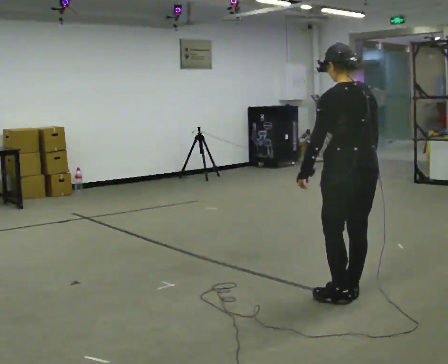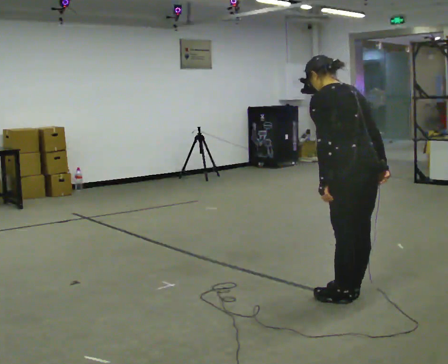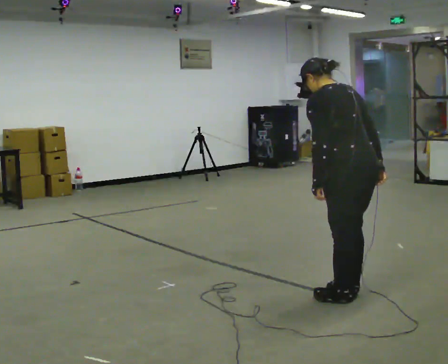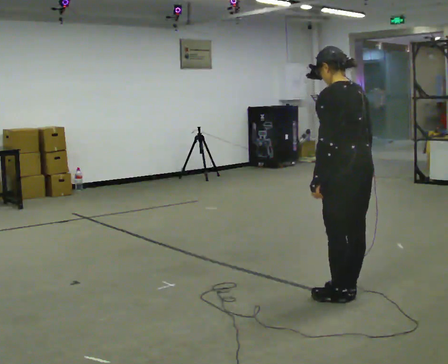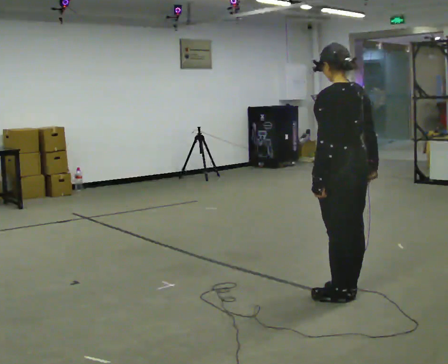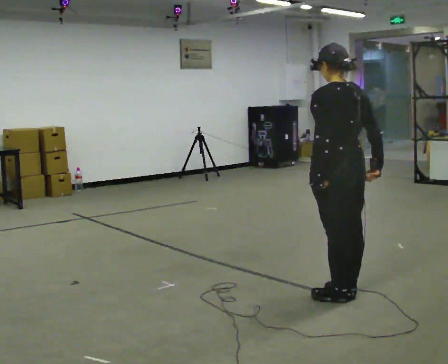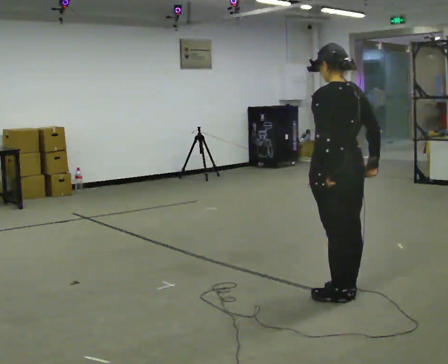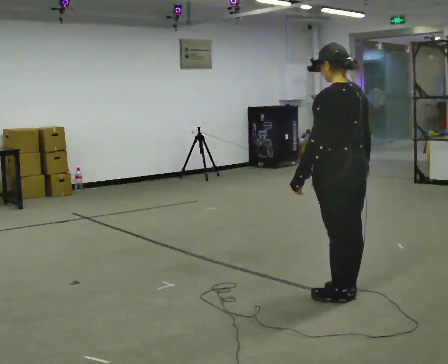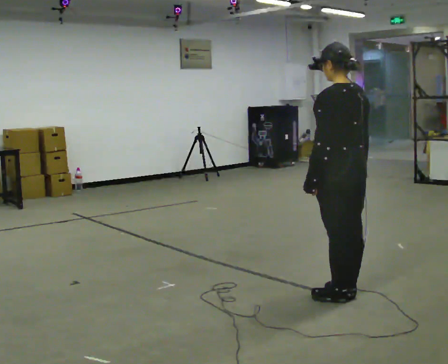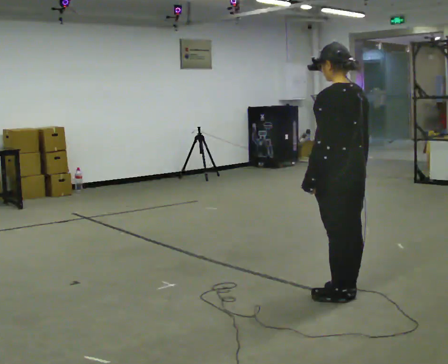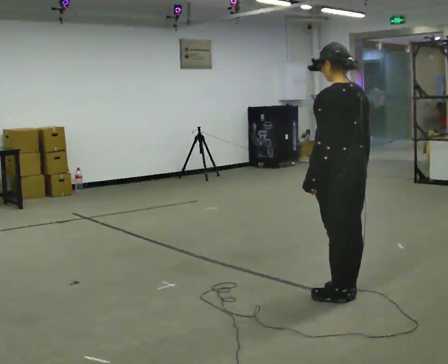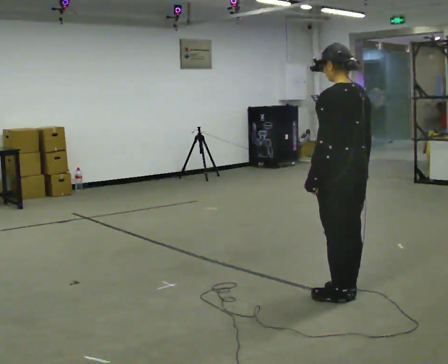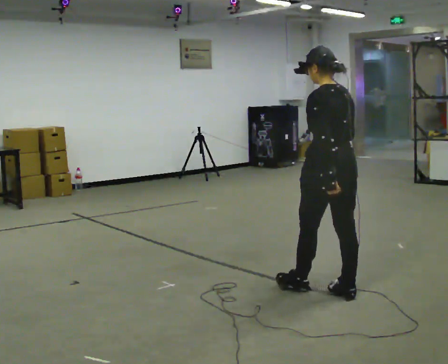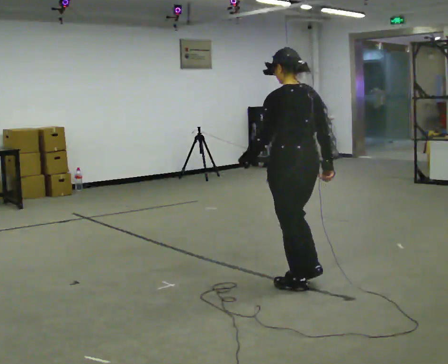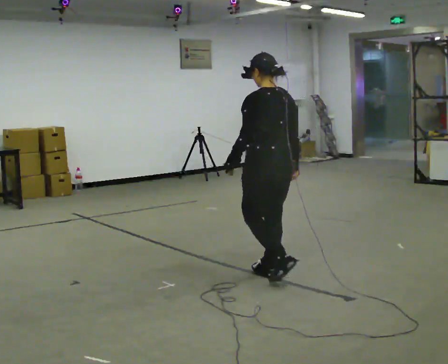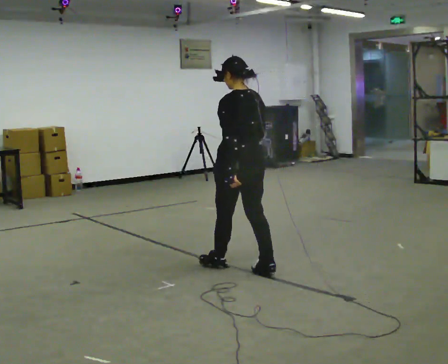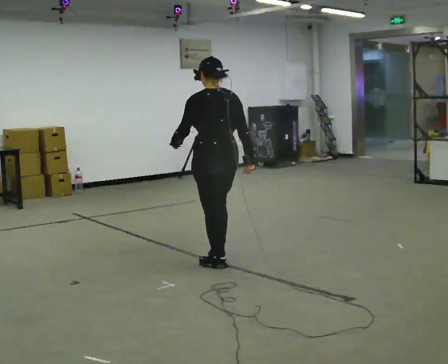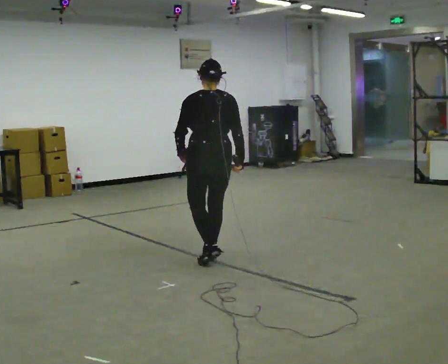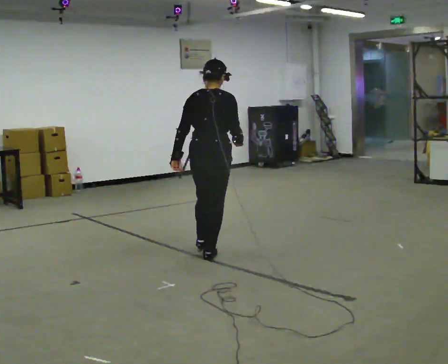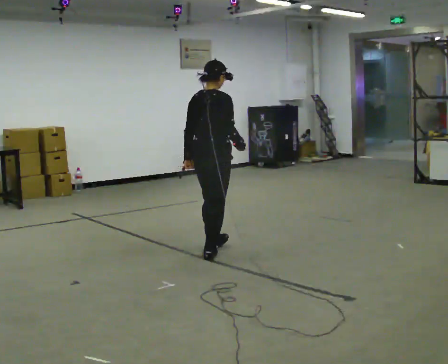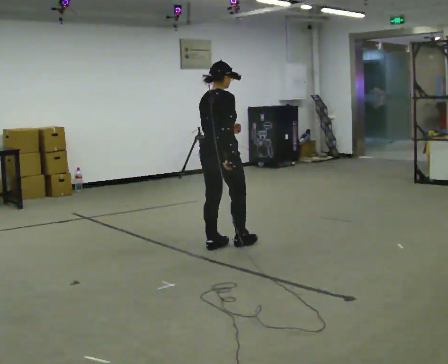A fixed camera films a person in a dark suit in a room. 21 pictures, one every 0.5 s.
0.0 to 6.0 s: The person moves a little, or ends about where they began.
6.0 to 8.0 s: In the picture they go to the left and away from the camera, about 1 m in 3 steps, which for them is forward.
8.0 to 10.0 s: The person turns about 75 degrees to their right, clockwise seen from above, so the part of the body nearest the lens slides to the left. In the picture they go away from the camera, about 0.5 m in 2 steps.
The film runs forward here.
